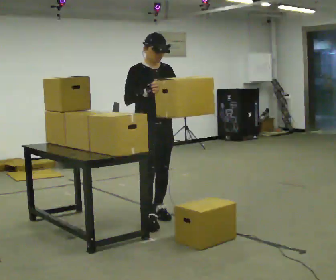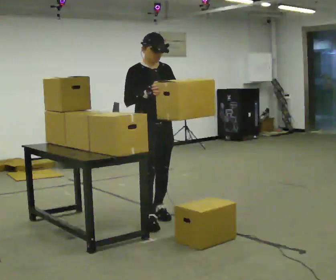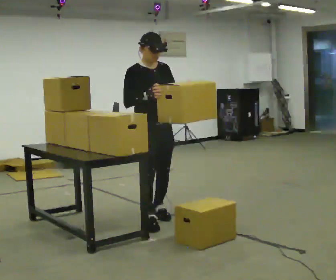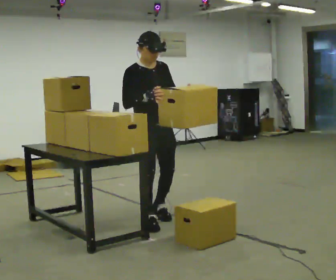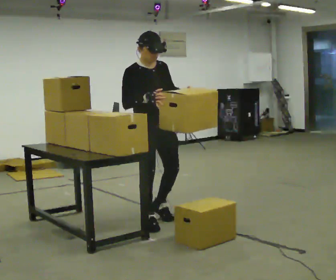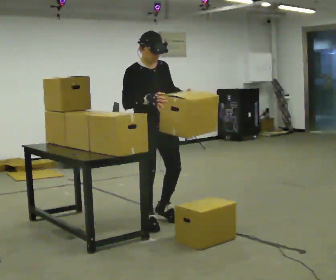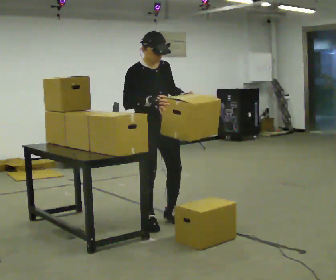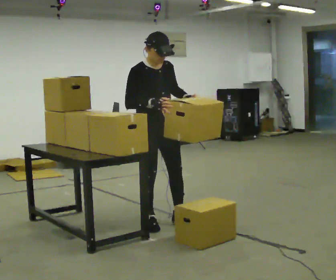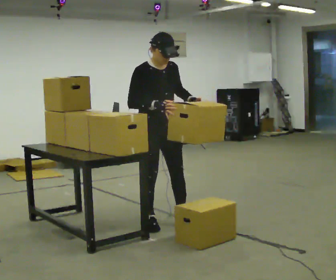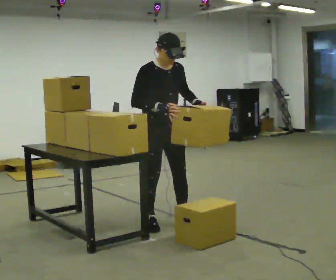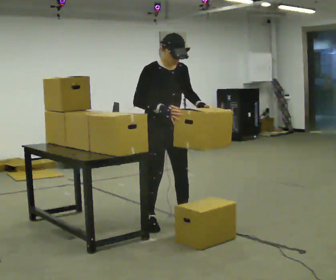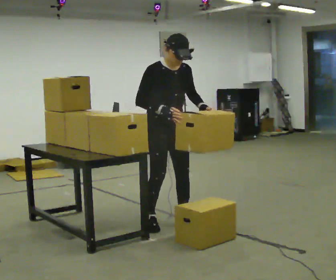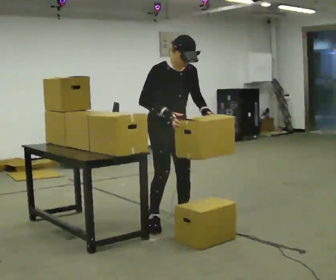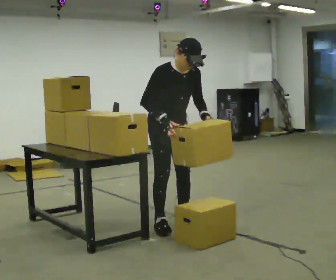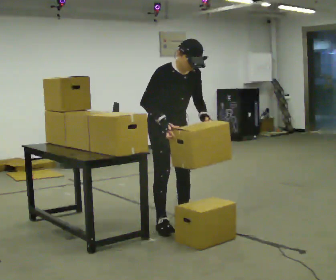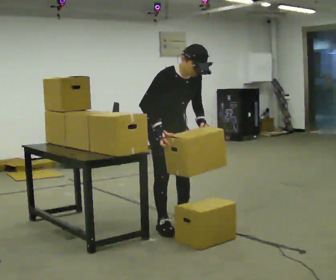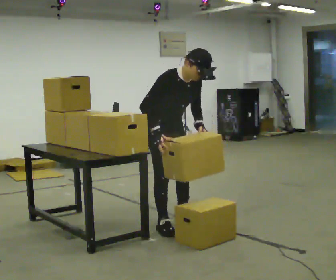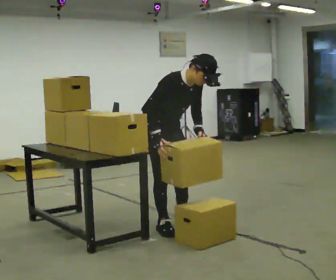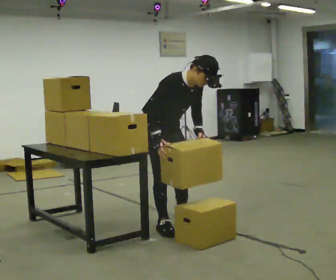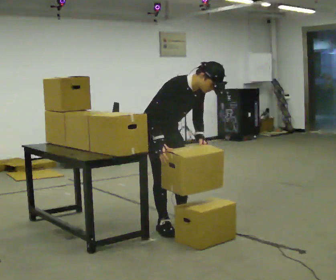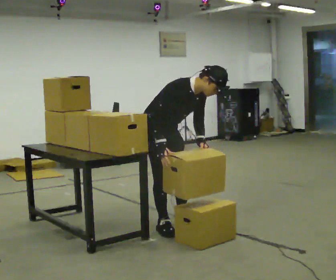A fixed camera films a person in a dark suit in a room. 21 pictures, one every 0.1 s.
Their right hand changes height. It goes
downward.
The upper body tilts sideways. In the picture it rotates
clockwise.
0.0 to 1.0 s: In the picture they go toward the camera, about 0.25 m in 1 step, which for them is forward.
1.0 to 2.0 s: In the picture the upper body tilts clockwise, shoulders to the right, as they bend forward.
The film runs forward here.
